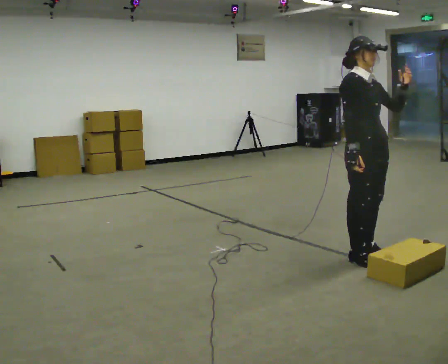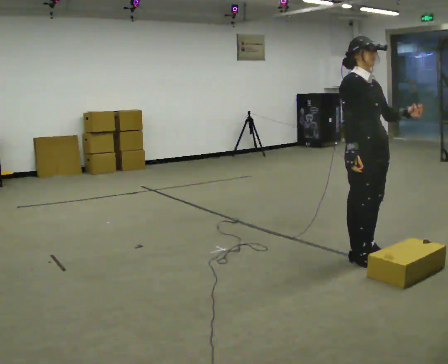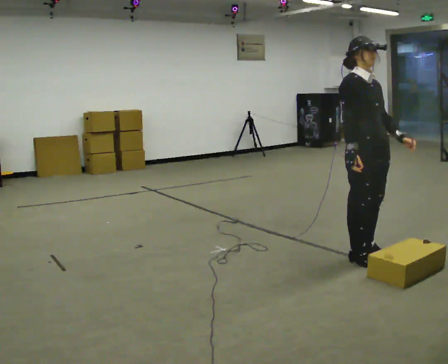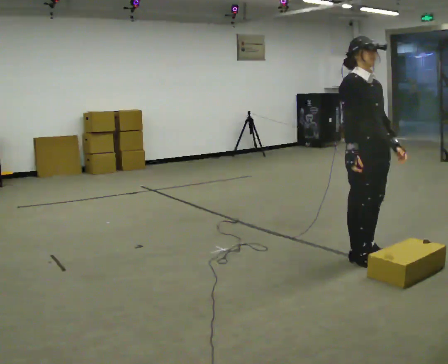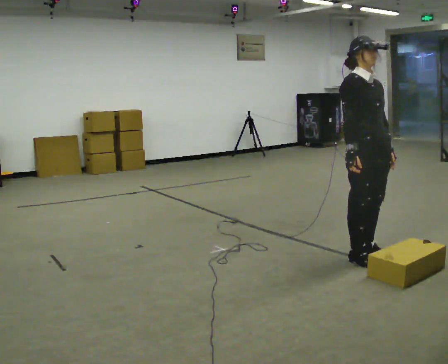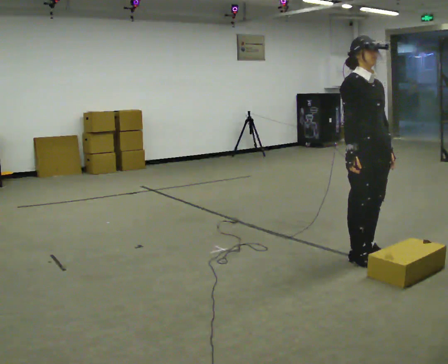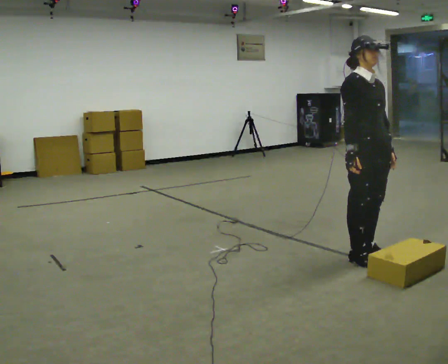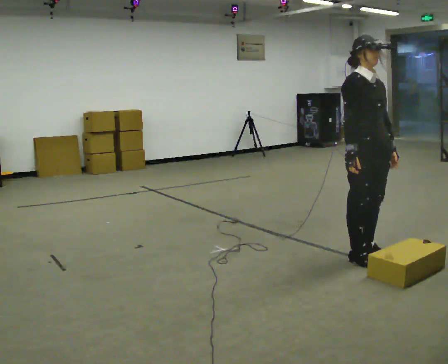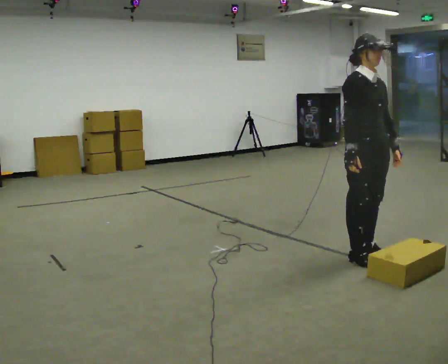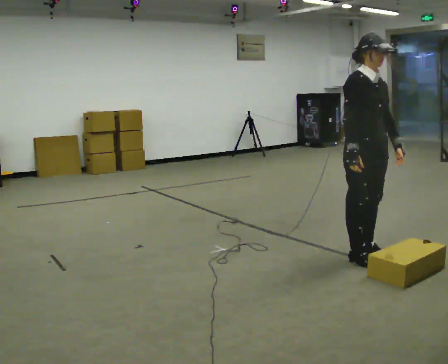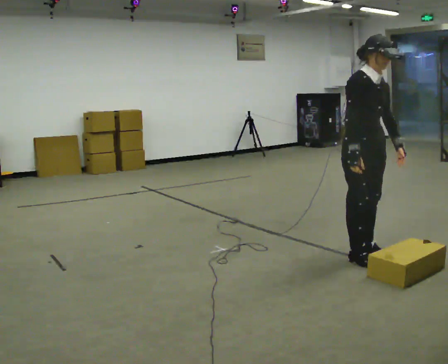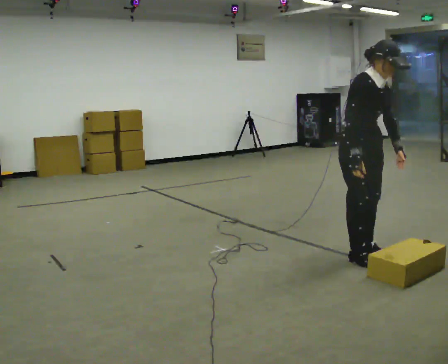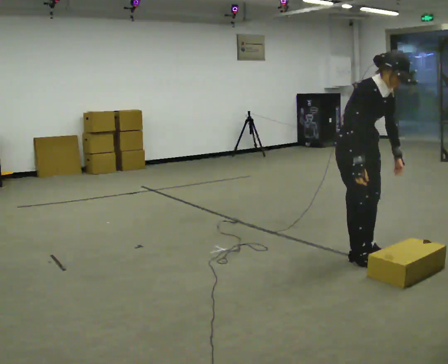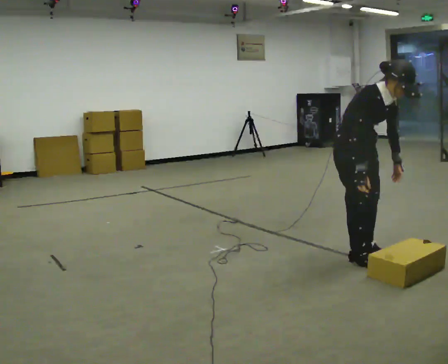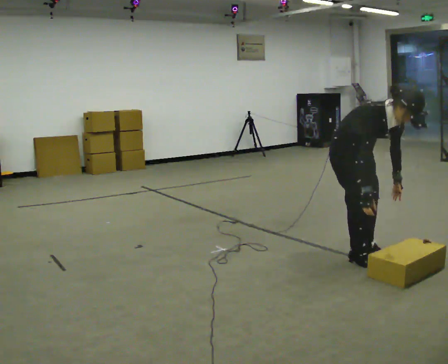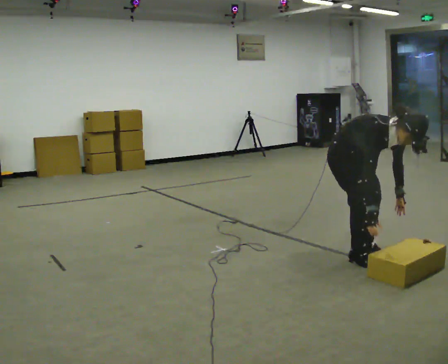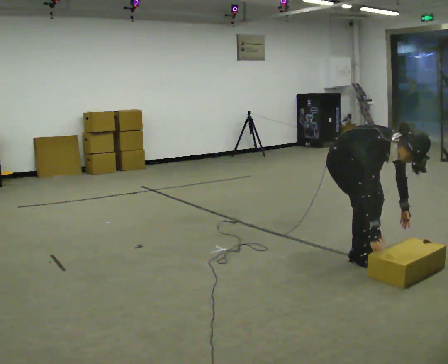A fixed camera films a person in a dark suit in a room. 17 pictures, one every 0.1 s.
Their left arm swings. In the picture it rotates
clockwise.
Their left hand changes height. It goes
downward.
0.0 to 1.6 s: The upper body goes downward. In the picture the upper body tilts clockwise, shoulders to the right, as they bend forward. In the picture their left hand goes downward, the arm swinging clockwise.
The film runs backward here.
